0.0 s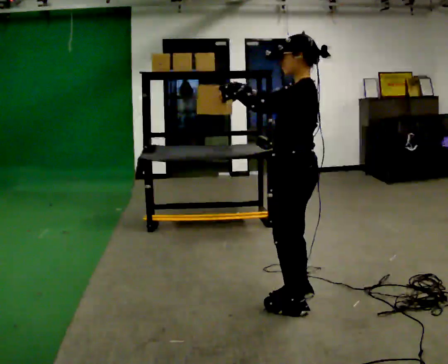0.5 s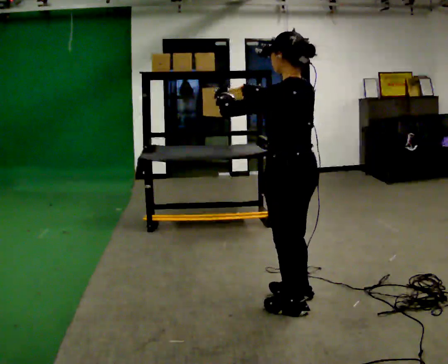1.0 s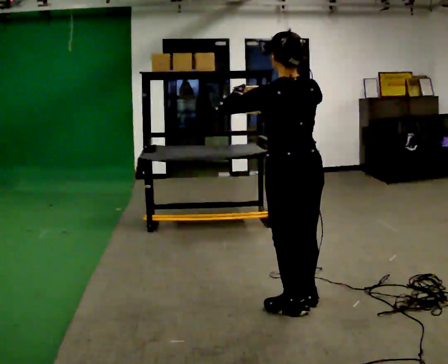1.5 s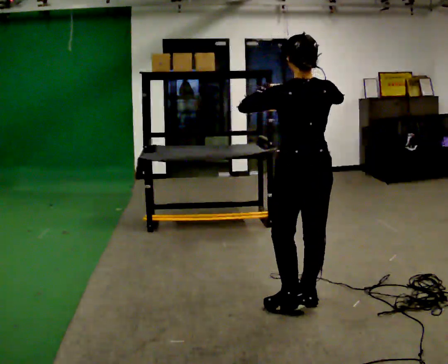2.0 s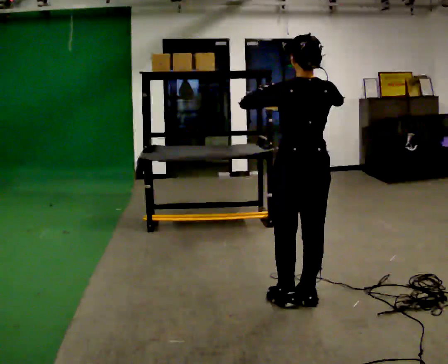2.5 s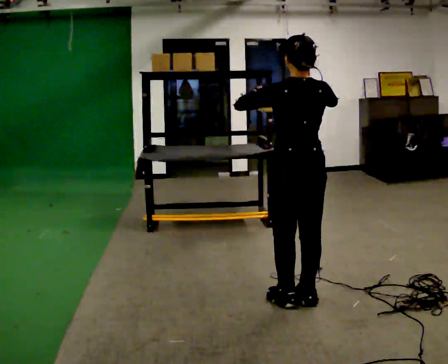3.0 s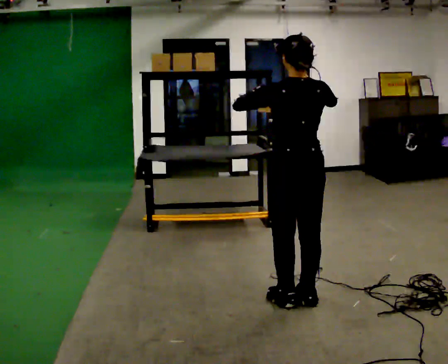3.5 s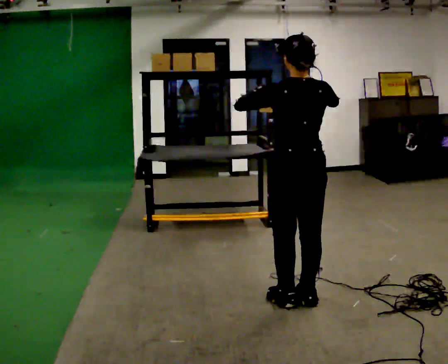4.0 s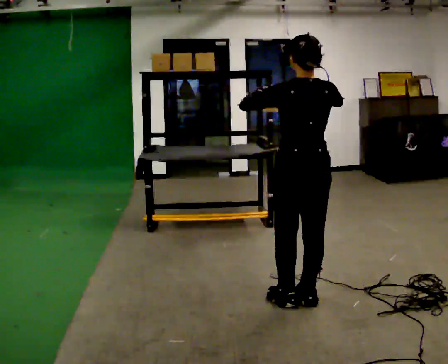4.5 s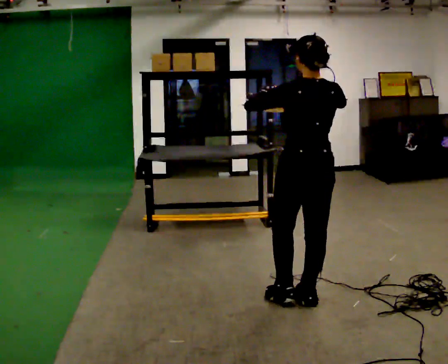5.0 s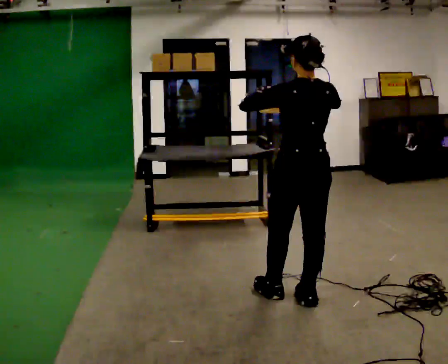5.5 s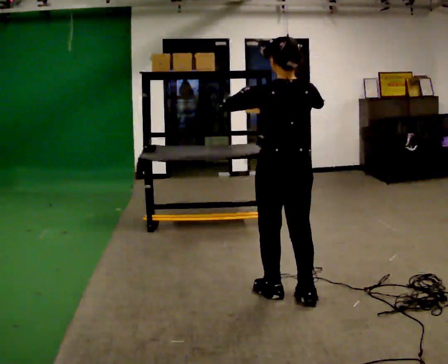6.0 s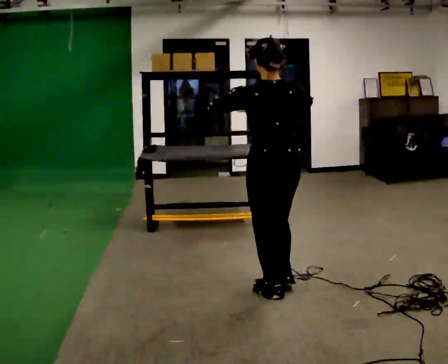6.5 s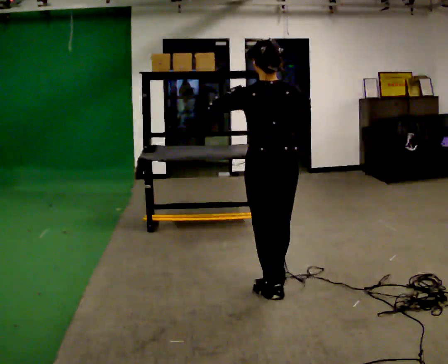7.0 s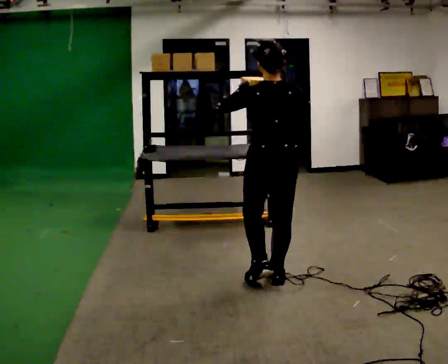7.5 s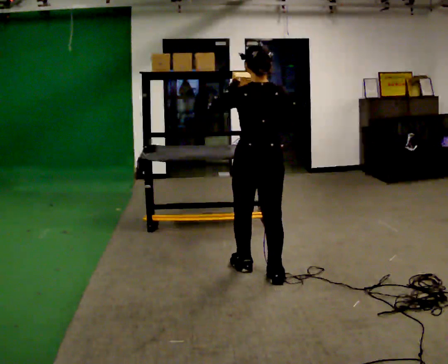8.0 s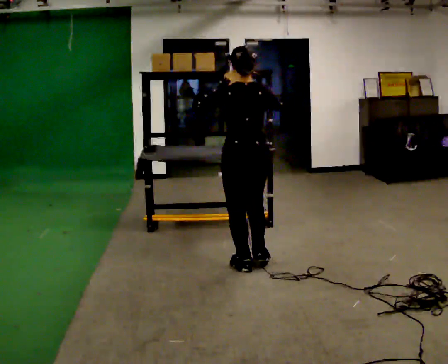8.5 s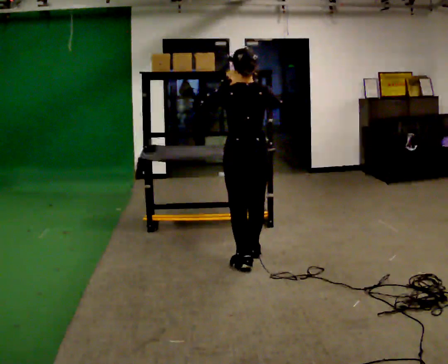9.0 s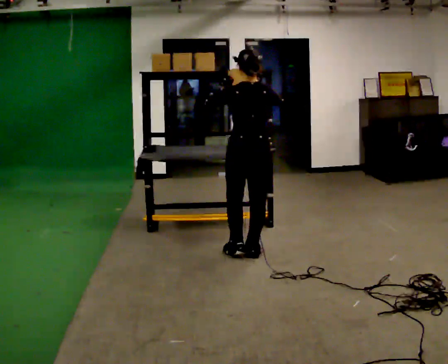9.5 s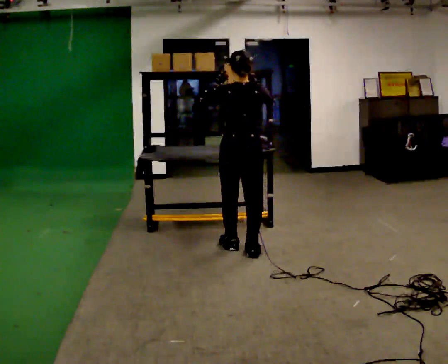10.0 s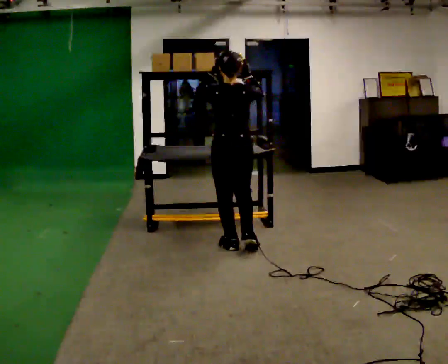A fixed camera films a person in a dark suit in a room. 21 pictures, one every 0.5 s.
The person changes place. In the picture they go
away from the camera.
The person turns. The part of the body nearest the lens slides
to the left.
0.0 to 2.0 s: The part of the body nearest the lens slides to the left as the person turns to their right by about 75 degrees. In the picture their right hand goes to the right.
2.0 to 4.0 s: The person moves a little, or ends about where they began.
4.0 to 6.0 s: In the picture they go to the left, about 0.25 m in 1 step, which for them is forward and to their left.
6.0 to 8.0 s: In the picture they go away from the camera and to the left, about 0.5 m in 2 steps, which for them is forward.
8.0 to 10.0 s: In the picture they go away from the camera, about 0.5 m in 2 steps, which for them is forward.
The film runs forward here.
